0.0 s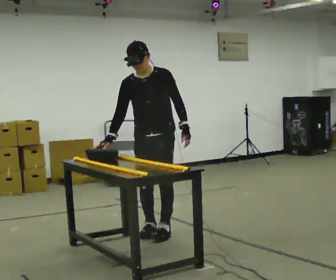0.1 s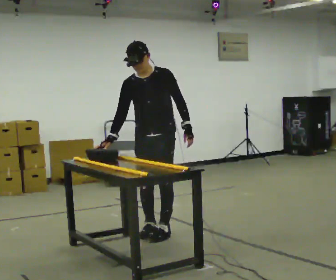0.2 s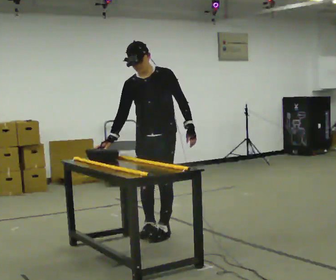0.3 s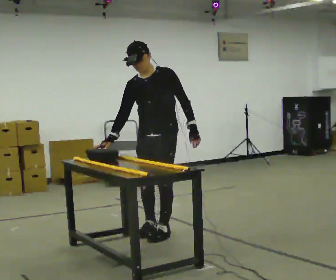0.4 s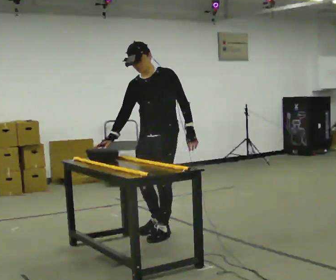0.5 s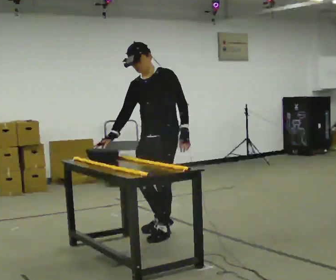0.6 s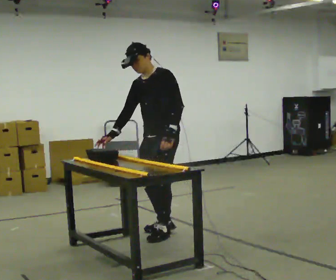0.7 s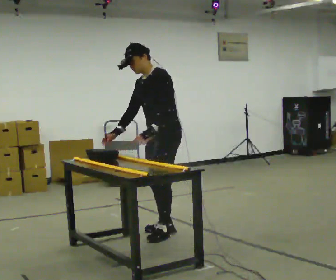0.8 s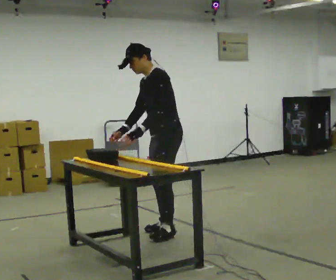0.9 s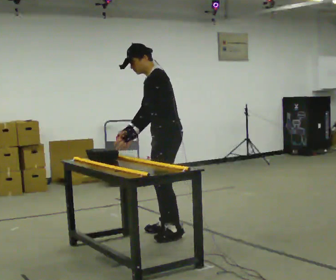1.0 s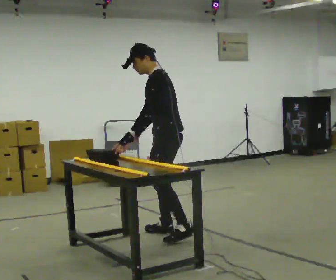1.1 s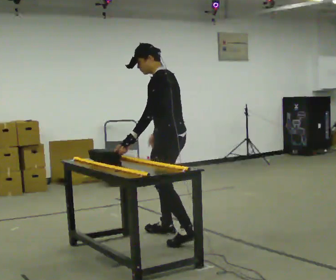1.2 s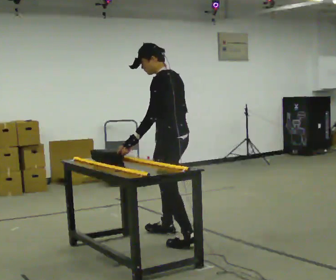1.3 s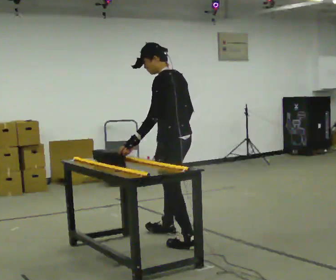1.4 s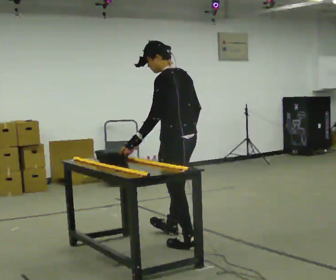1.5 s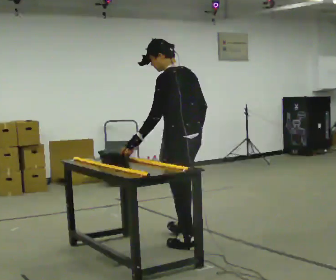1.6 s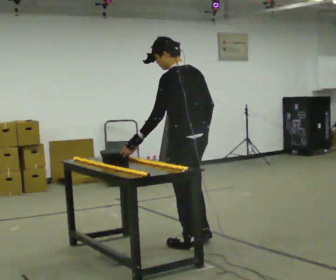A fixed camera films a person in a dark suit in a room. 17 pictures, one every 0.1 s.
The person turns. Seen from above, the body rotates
clockwise.
The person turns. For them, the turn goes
to their right.
0.0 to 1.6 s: Seen from above the body turns clockwise, about 120 degrees: to their right, with its near side sliding to the left. In the picture they go toward the camera and to the right, about 0.5 m in 3 steps.
The film runs backward here.
